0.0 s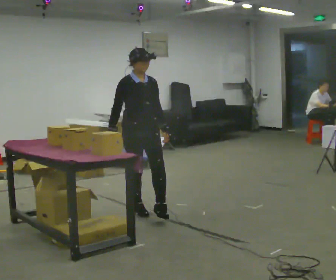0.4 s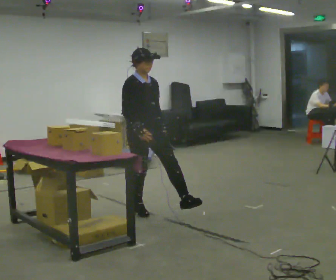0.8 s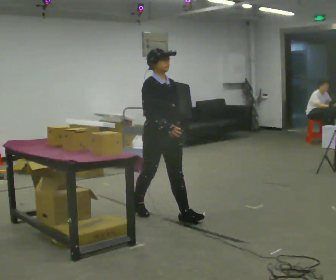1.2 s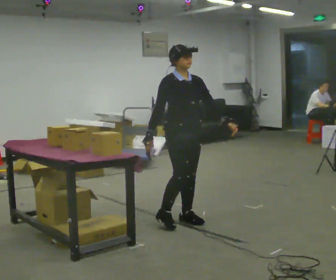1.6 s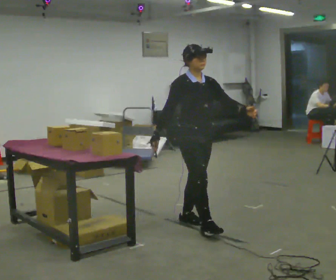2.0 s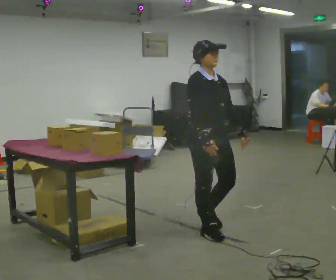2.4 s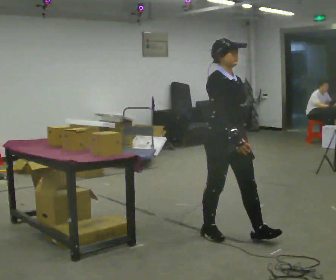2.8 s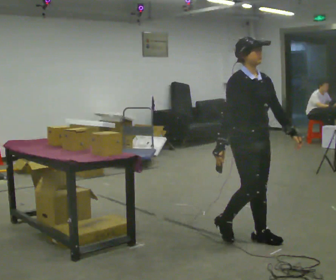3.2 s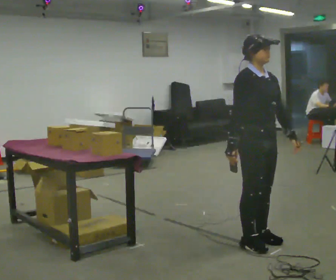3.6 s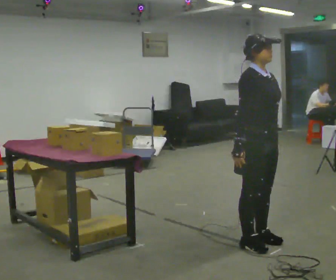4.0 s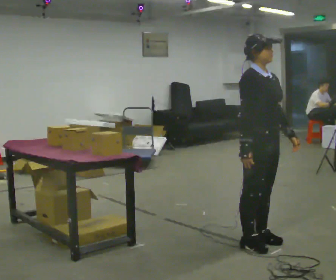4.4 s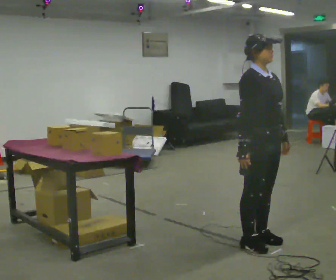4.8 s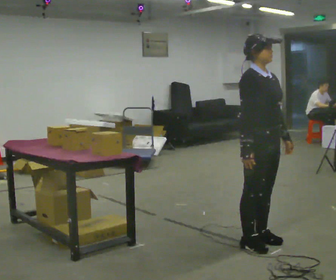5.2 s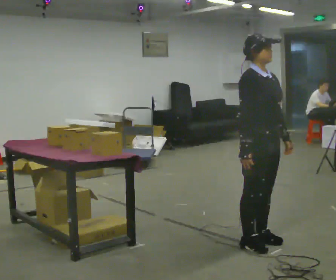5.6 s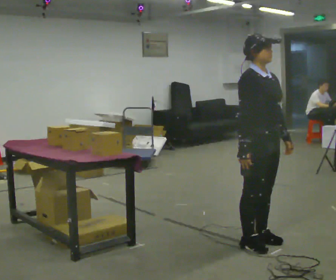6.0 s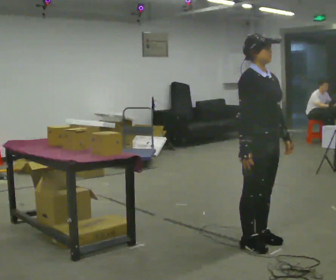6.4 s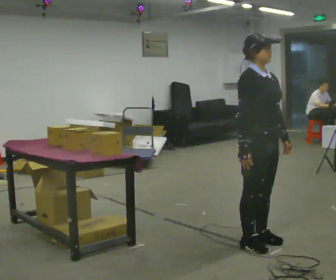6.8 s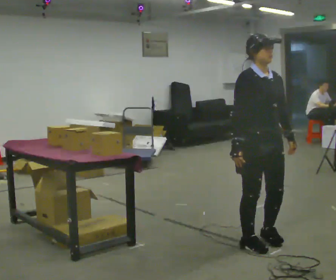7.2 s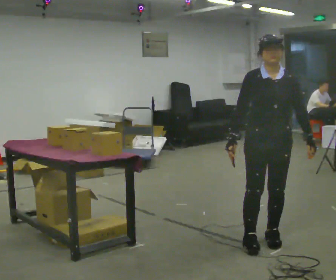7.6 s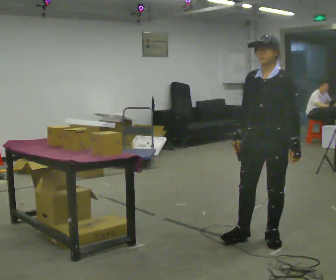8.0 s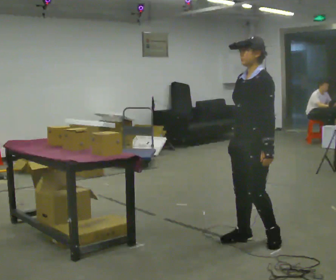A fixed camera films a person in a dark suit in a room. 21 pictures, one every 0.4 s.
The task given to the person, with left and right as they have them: Carry the handheld device and, while walking, point it at the labels on the shelves and press the button as if scanning them.
0.0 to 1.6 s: In the picture they go to the right and toward the camera, about 0.75 m in 2 steps, which for them is forward.
1.6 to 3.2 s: In the picture they go to the right and toward the camera, about 0.75 m in 2 steps, which for them is forward.
3.2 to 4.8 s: The person moves a little, or ends about where they began.
4.8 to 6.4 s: The person keeps their place and pose.
6.4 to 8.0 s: The person turns about 105 degrees to their right, clockwise seen from above, so the part of the body nearest the lens slides to the left.
The film runs forward here.
